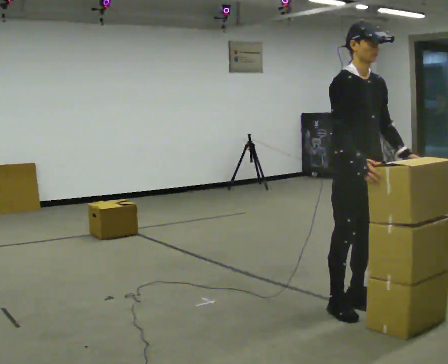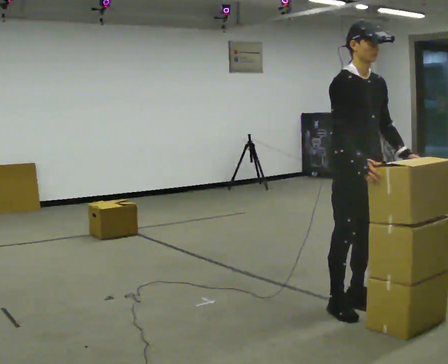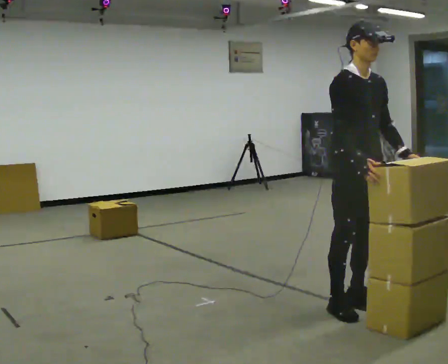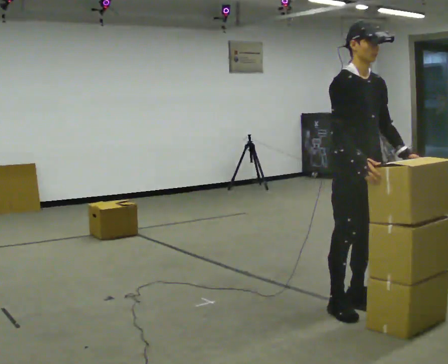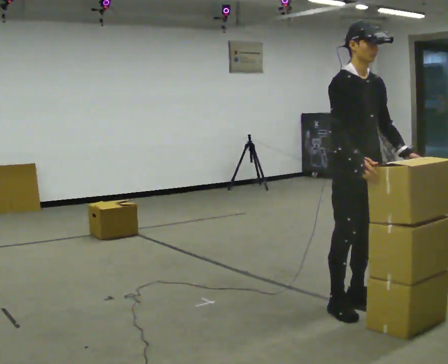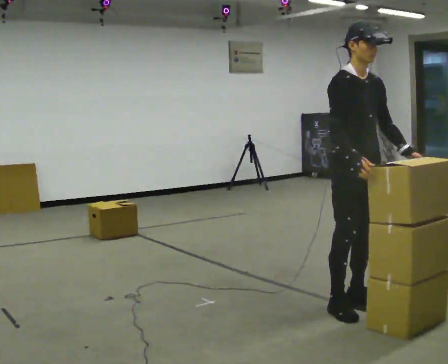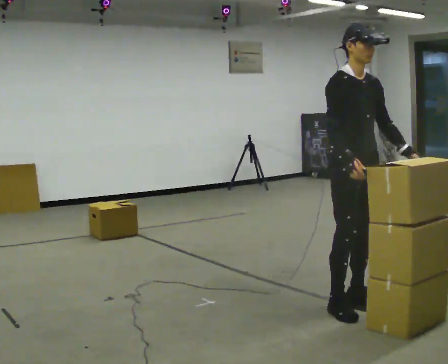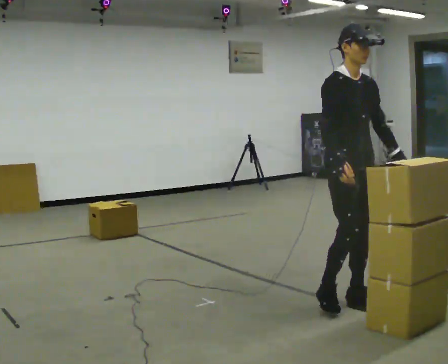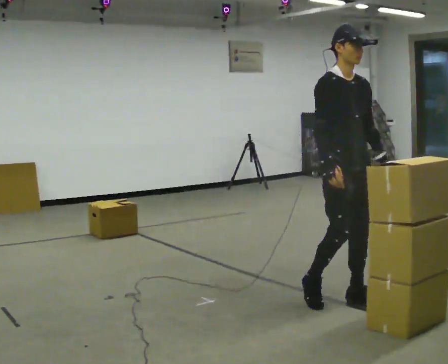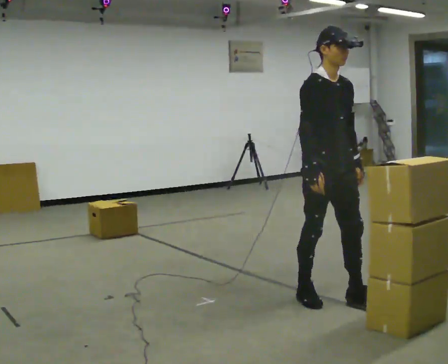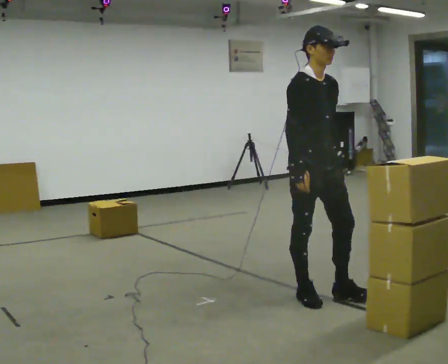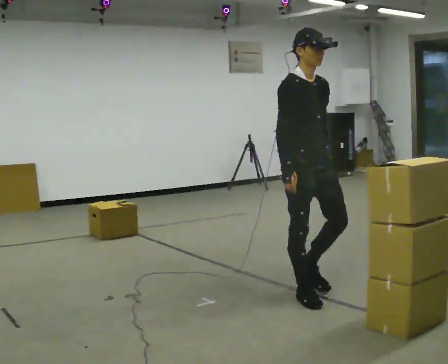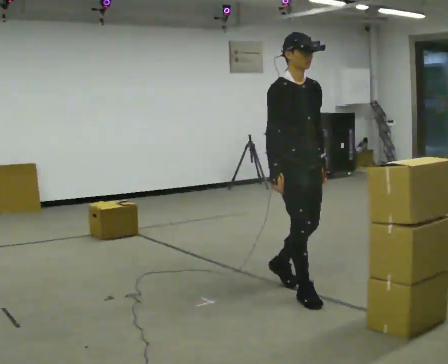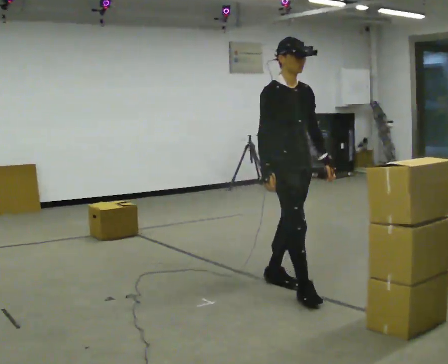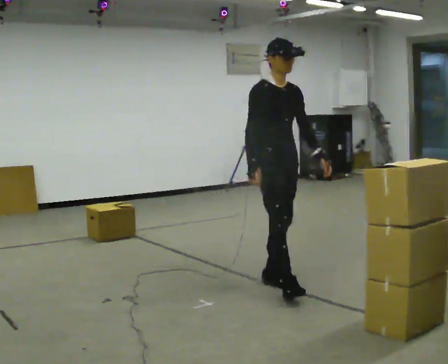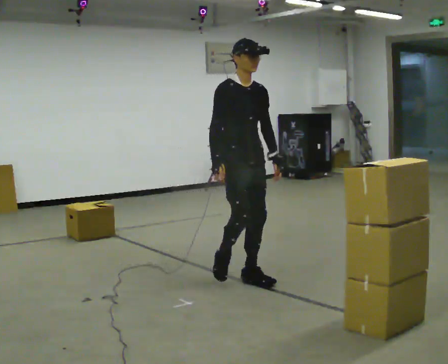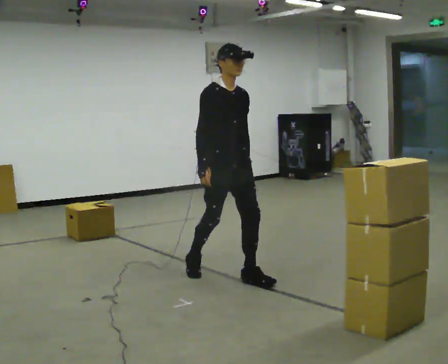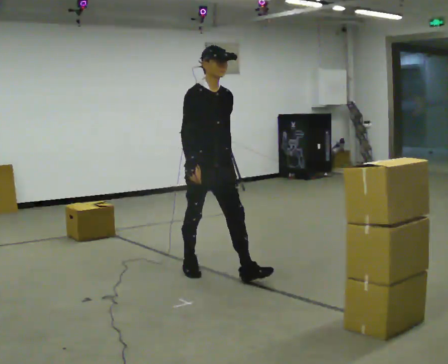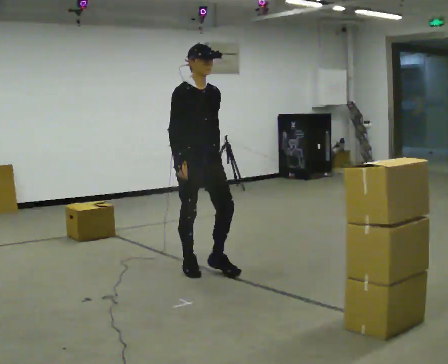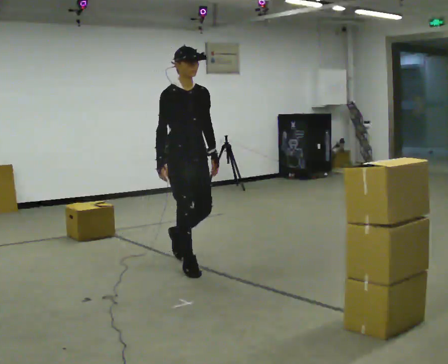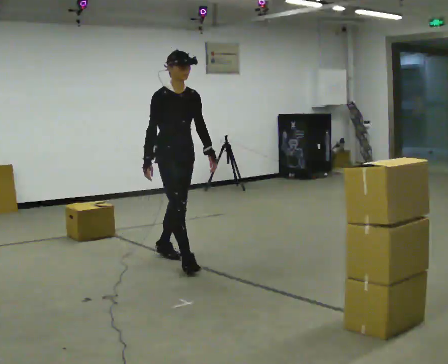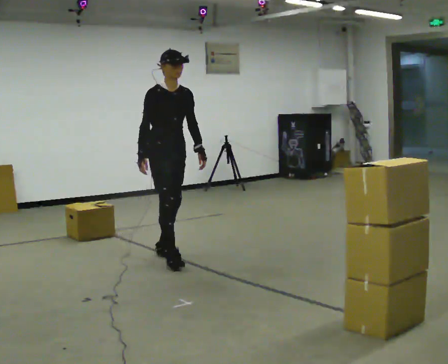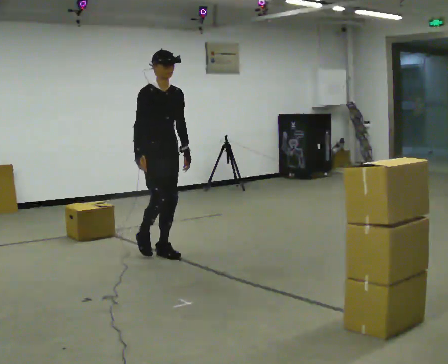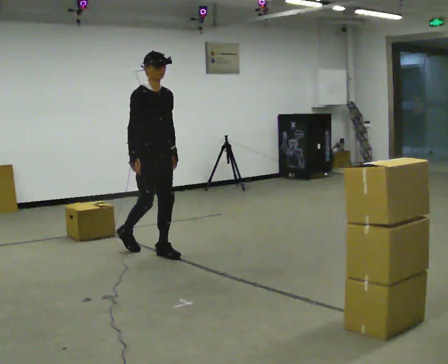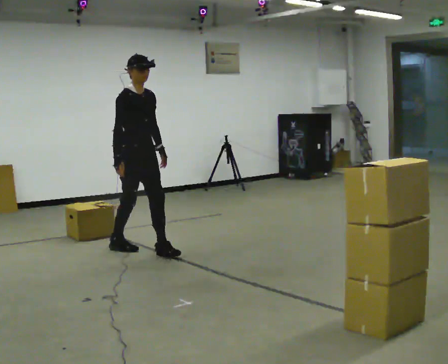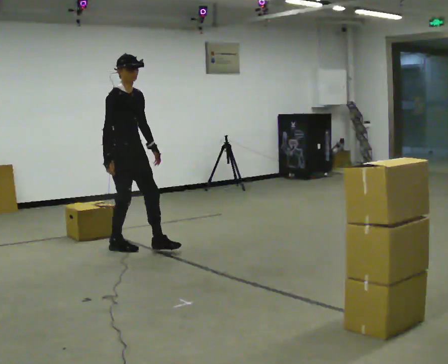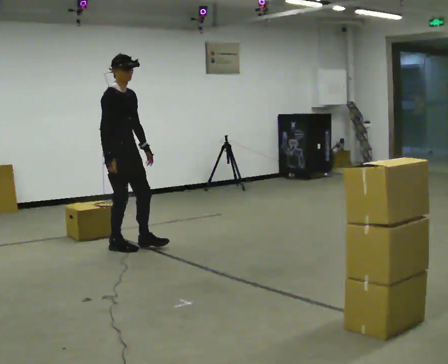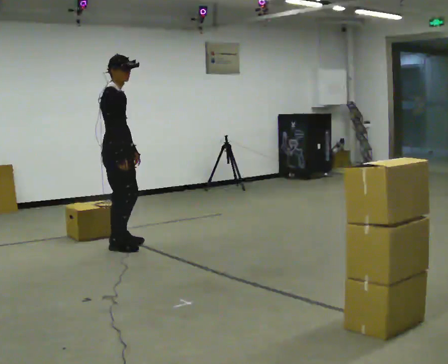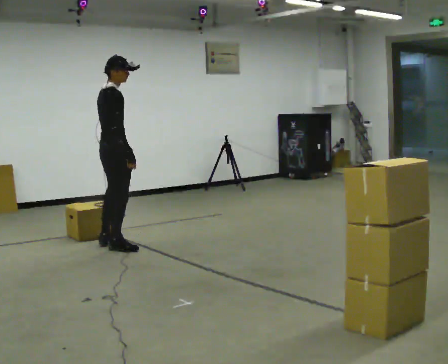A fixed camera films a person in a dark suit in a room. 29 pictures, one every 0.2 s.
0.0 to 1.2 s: The person moves a little, or ends about where they began.
1.2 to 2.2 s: In the picture they go to the left and away from the camera, about 0.25 m in 2 steps, which for them is backward.
2.2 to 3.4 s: In the picture they go away from the camera and to the left, about 1 m in 2 steps, which for them is backward.
3.4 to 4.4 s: In the picture they go away from the camera and to the left, about 0.5 m in 1 step, which for them is backward.
4.4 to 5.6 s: Seen from above the body turns counterclockwise, about 75 degrees: to their left, with its near side sliding to the right. In the picture they go to the left and away from the camera, about 0.5 m in 1 step.
The film runs backward here.
